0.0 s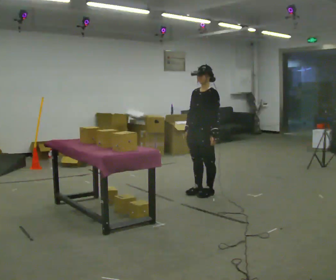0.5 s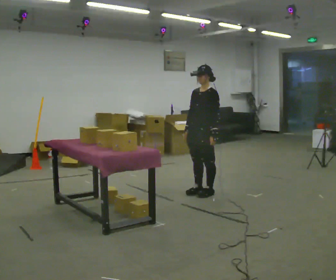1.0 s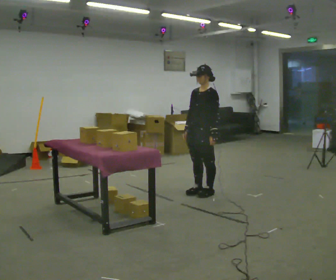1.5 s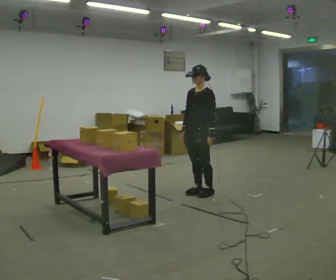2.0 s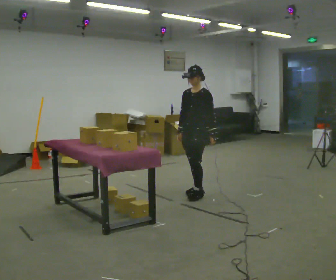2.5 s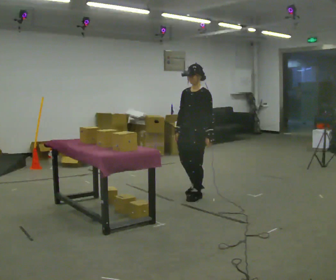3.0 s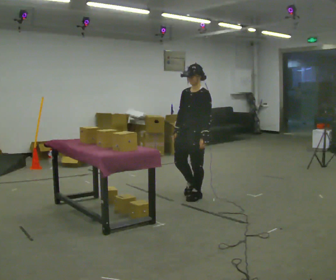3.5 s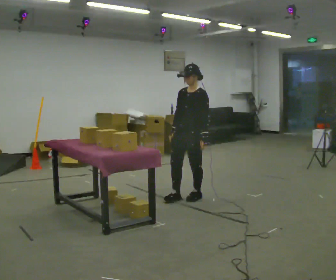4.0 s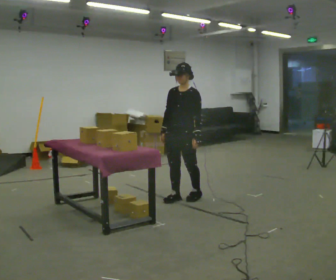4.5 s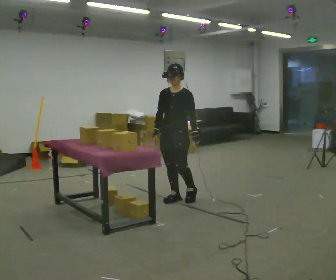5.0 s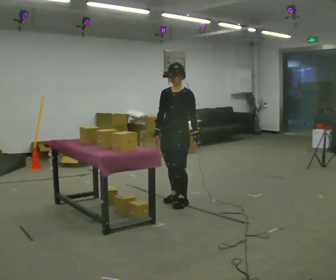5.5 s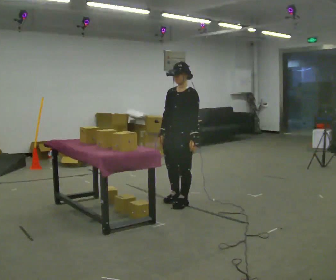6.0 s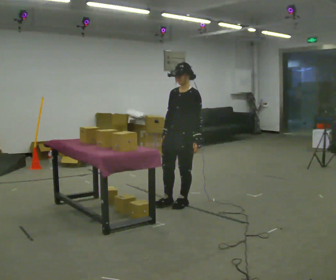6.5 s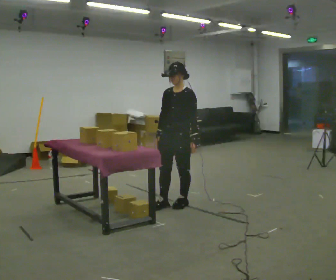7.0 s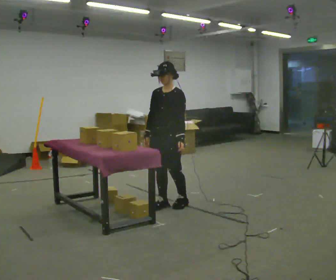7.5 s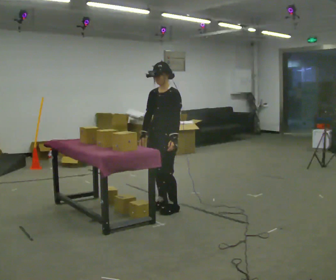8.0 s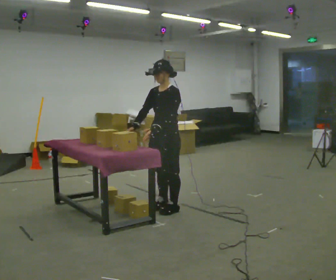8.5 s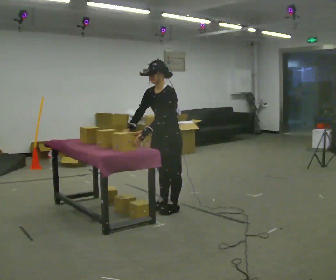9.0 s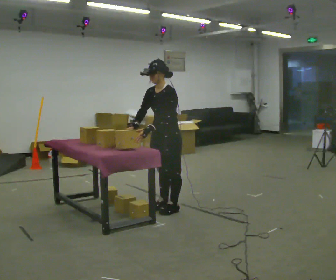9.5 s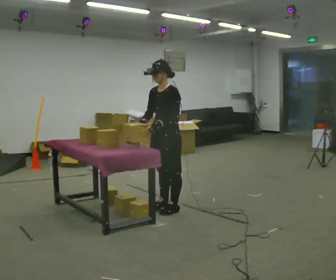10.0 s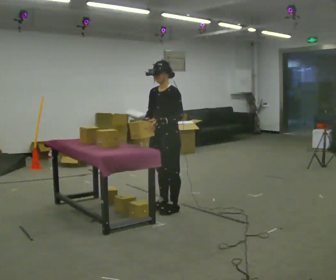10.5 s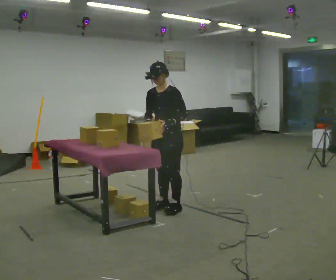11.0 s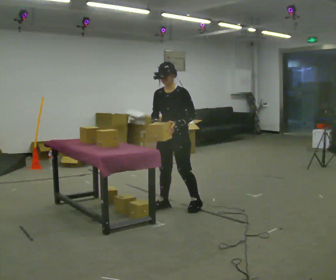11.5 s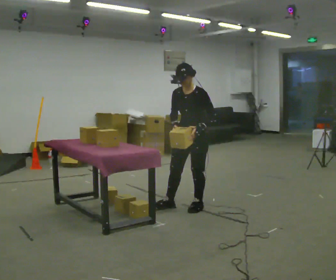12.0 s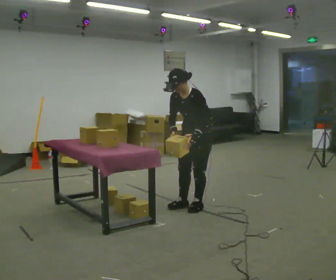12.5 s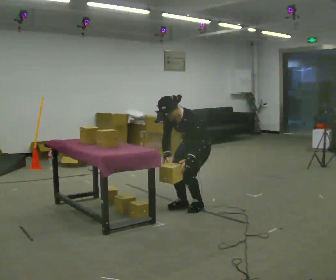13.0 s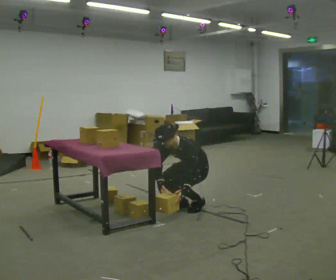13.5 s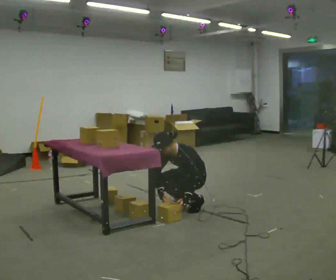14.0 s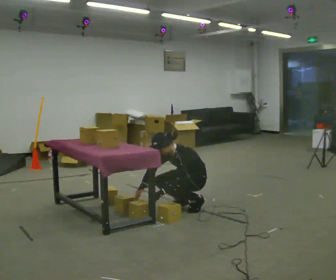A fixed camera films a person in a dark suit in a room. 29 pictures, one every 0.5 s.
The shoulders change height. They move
downward.
The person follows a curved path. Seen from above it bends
counterclockwise.
0.0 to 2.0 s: The person moves a little, or ends about where they began.
2.0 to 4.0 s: In the picture they go to the left and toward the camera, about 0.25 m in 2 steps, which for them is forward.
4.0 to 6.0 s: In the picture they go toward the camera, about 0.25 m in 1 step, which for them is forward.
6.0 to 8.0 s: In the picture they go to the left and toward the camera, about 0.25 m in 2 steps, which for them is forward.
8.0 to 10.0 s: The person moves a little, or ends about where they began.
10.0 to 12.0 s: In the picture they go to the right, about 0.25 m in 2 steps, which for them is to their left and backward. In the picture the upper body tilts counterclockwise, shoulders to the left, as they bend forward.
12.0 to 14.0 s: The upper body goes downward. In the picture their left hand goes downward and to the left.
The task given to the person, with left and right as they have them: Take the boxes off the top, get the one from the bottom, carry it away, then put the others back. Keep going until the operator says stop; one object at a time, and do not rush between trips.
The film runs forward here.
